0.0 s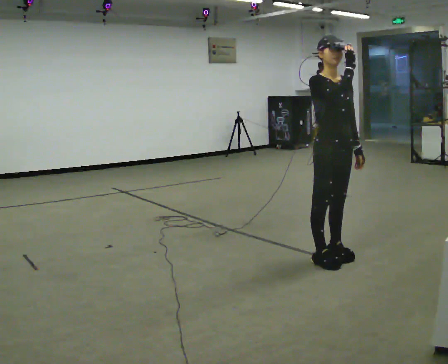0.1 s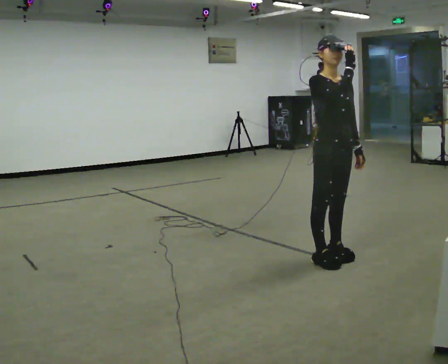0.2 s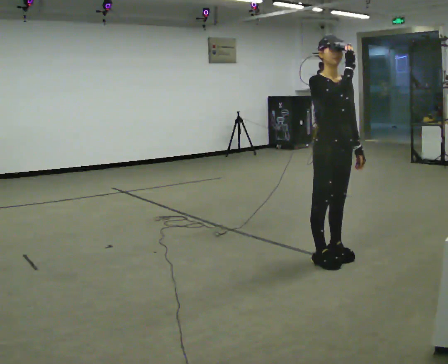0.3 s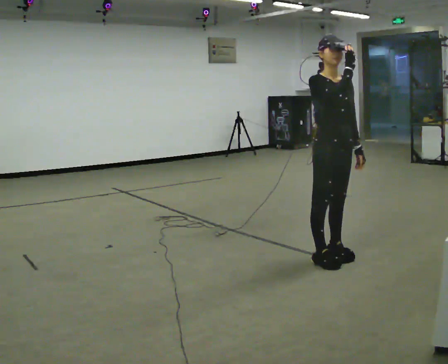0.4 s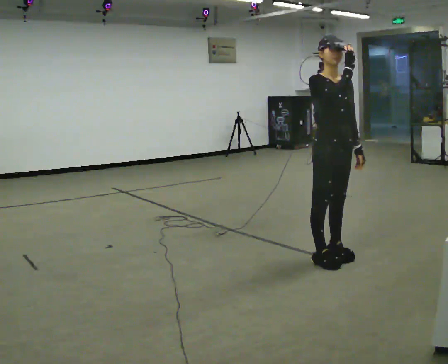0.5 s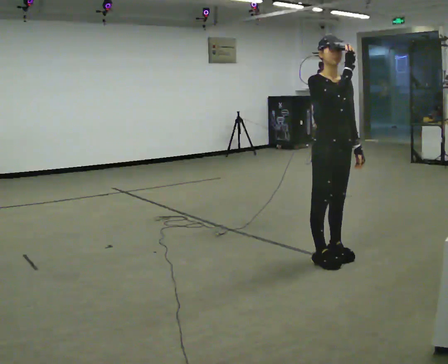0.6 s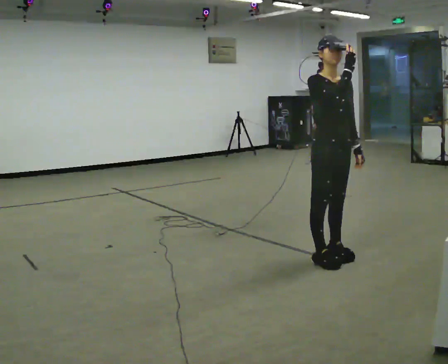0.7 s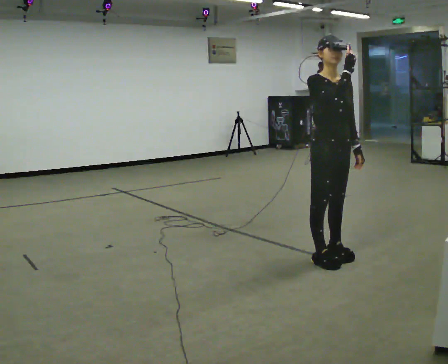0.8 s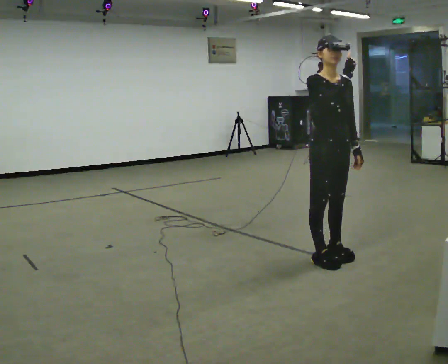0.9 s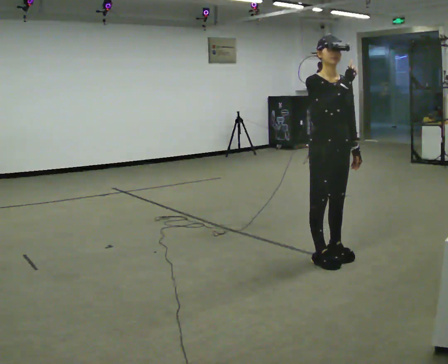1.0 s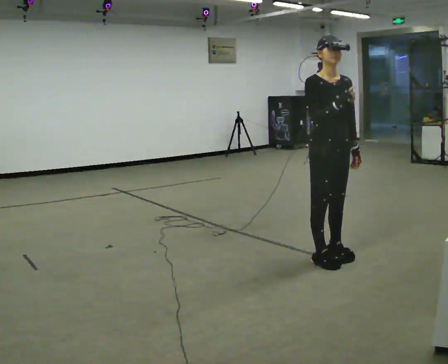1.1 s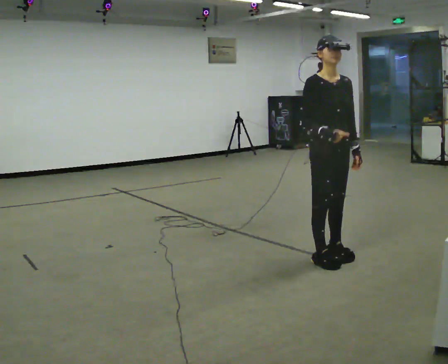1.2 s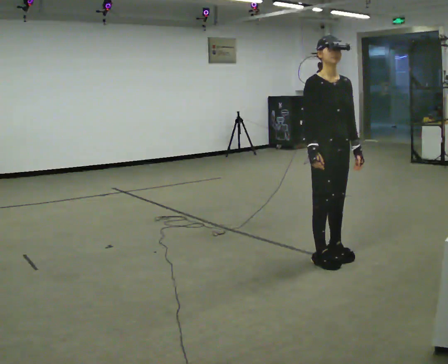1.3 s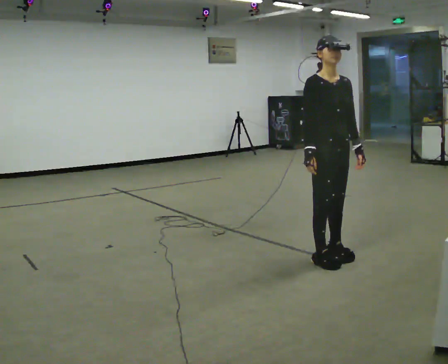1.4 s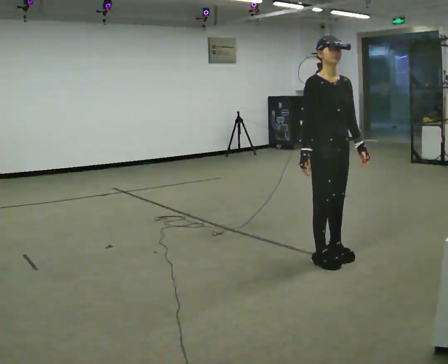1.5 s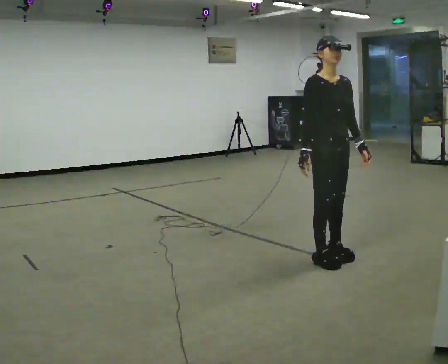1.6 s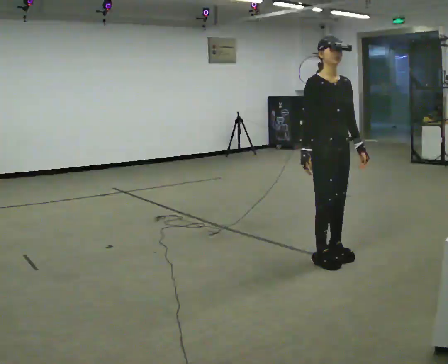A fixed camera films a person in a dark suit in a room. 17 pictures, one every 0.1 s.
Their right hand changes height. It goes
downward.
0.0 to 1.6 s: In the picture their right hand goes downward and to the left.
The film runs backward here.
